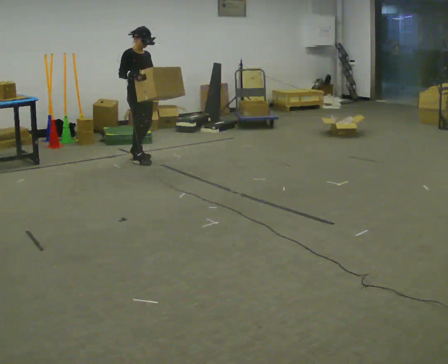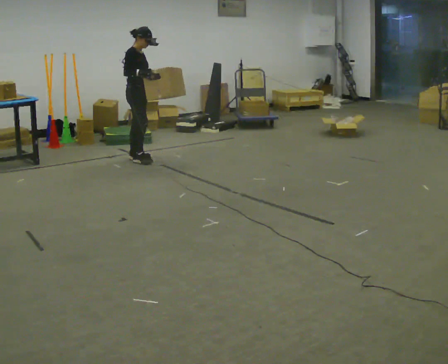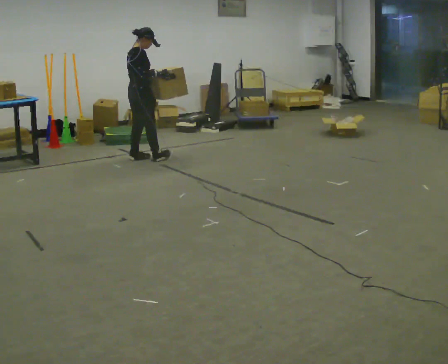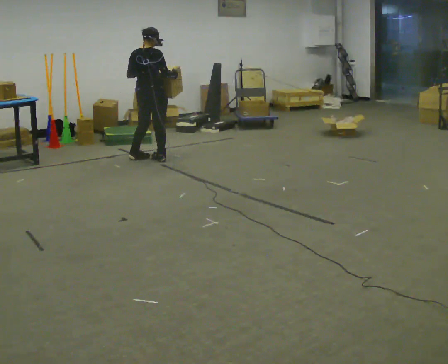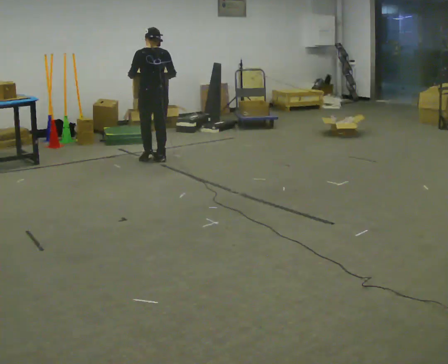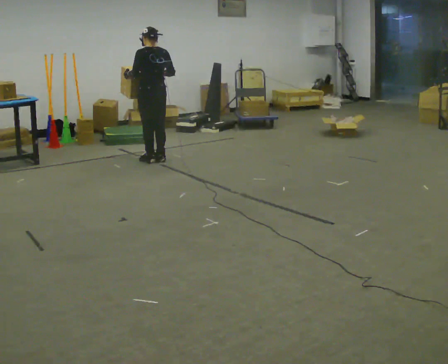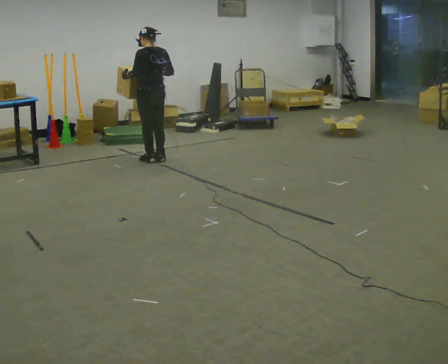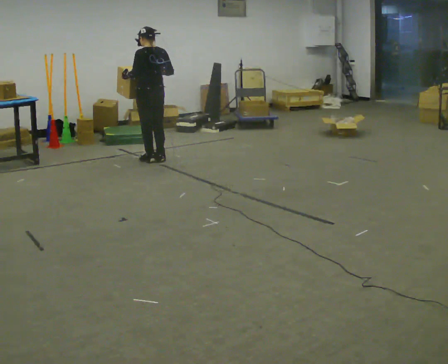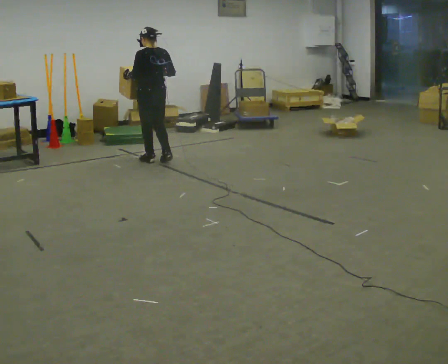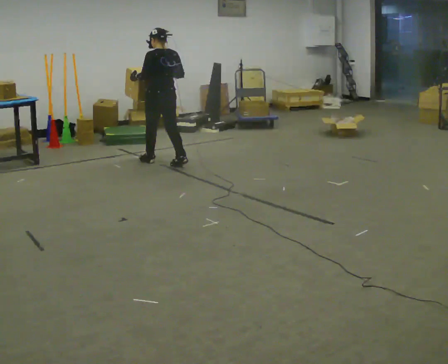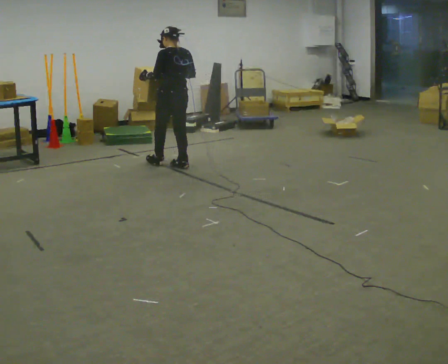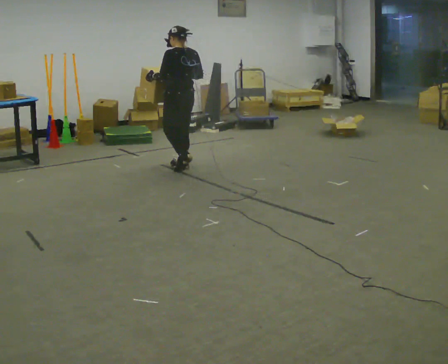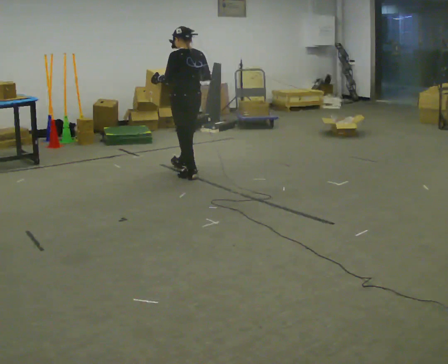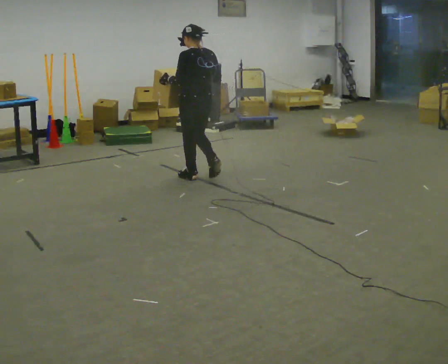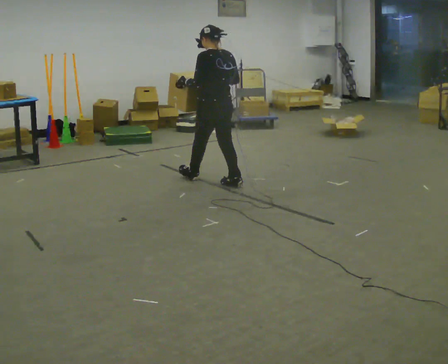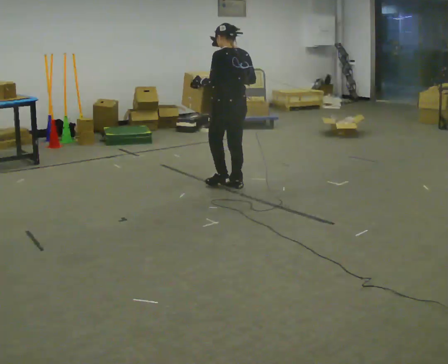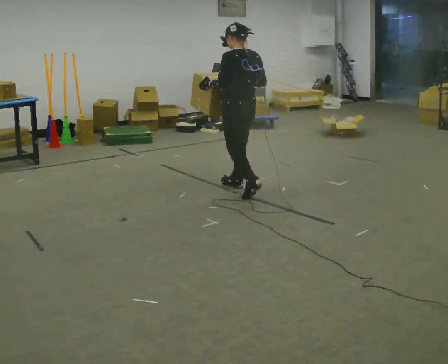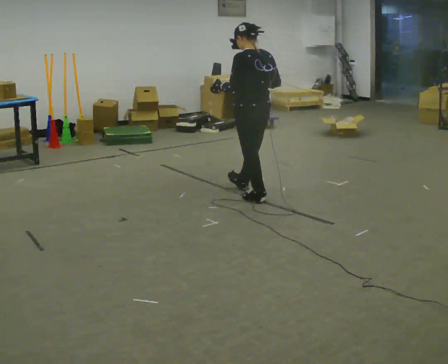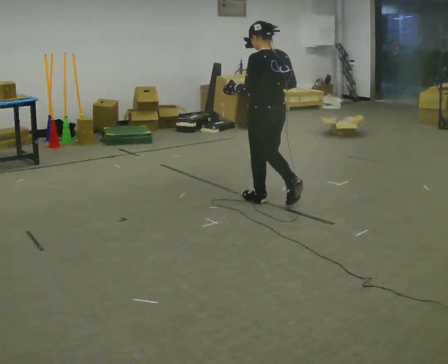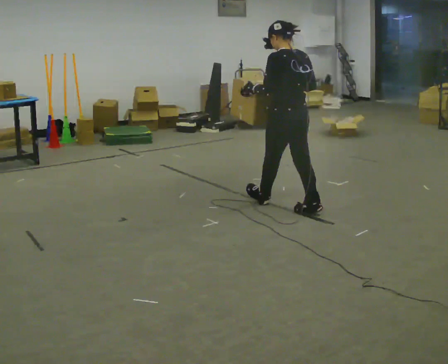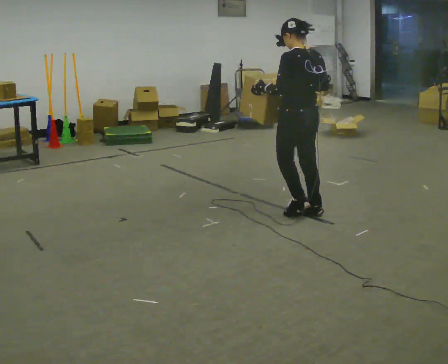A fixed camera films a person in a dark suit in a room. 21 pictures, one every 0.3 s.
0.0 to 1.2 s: Seen from above the body turns counterclockwise, about 135 degrees: to their left, with its near side sliding to the right. In the picture they go to the right, about 0.25 m in 2 steps. In the picture their right hand goes to the right.
1.2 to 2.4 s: The person moves a little, or ends about where they began.
2.4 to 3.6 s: In the picture they go toward the camera and to the right, about 0.75 m in 2 steps, which for them is backward.
3.6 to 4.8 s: In the picture they go toward the camera and to the right, about 1 m in 1 step, which for them is backward.
4.8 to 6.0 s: In the picture they go toward the camera and to the right, about 0.5 m in 2 steps, which for them is backward.
The film runs backward here.
